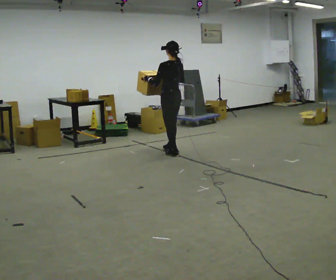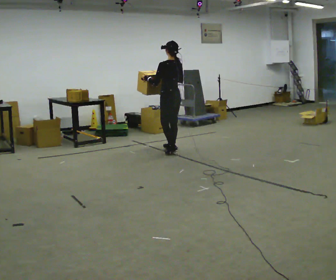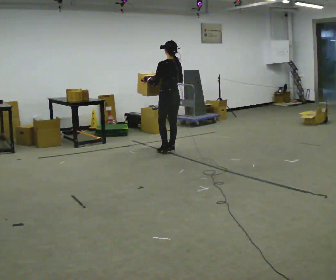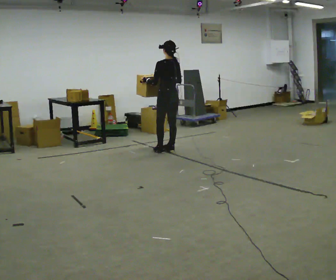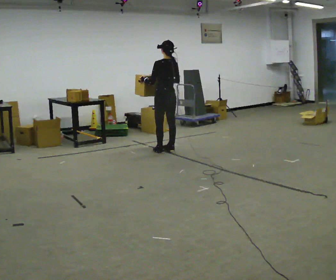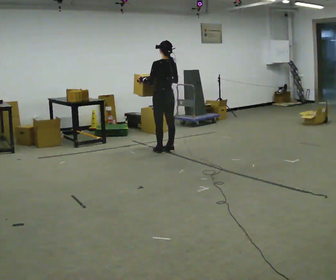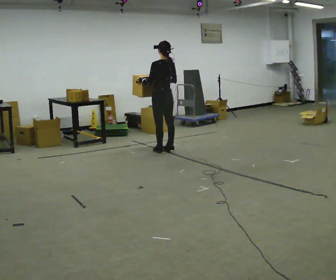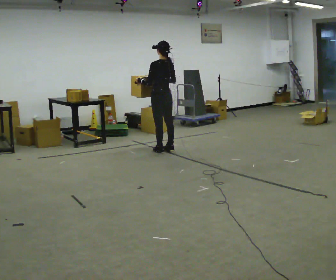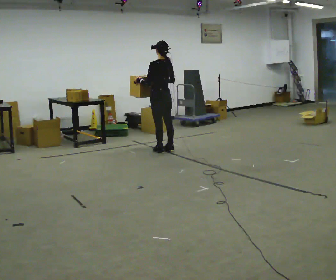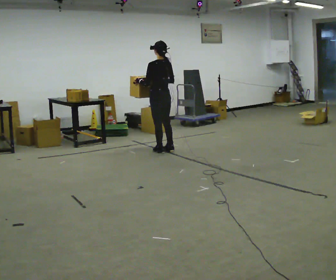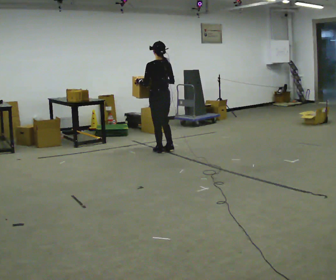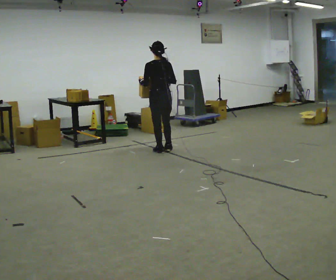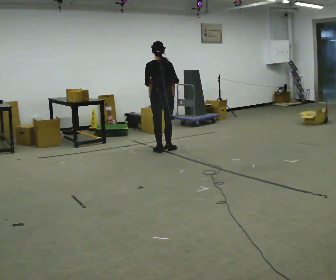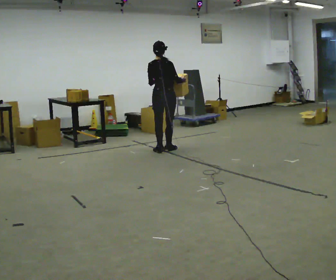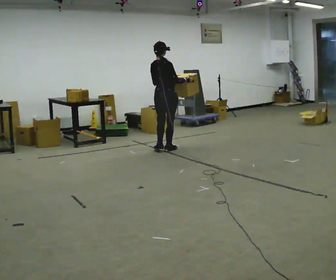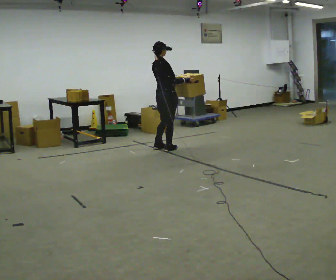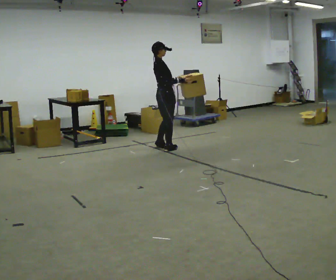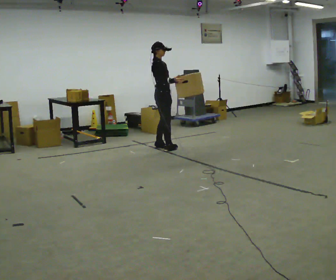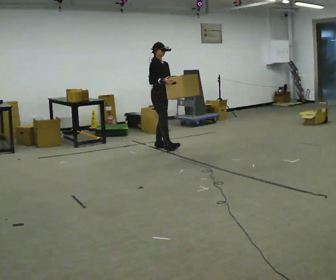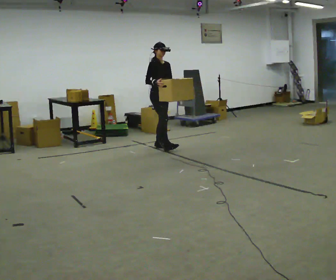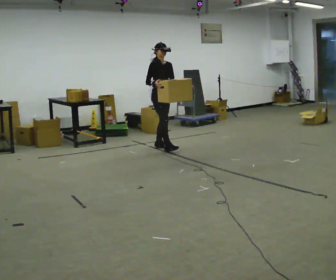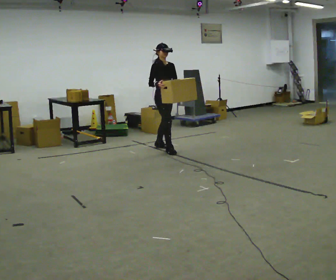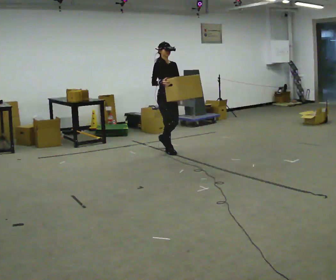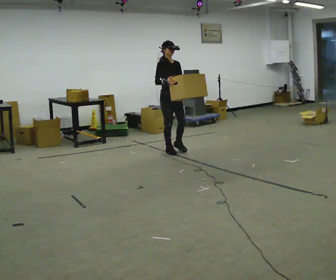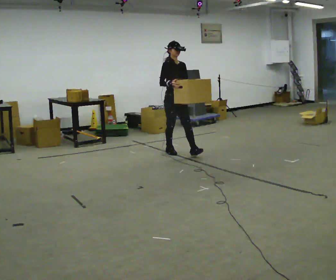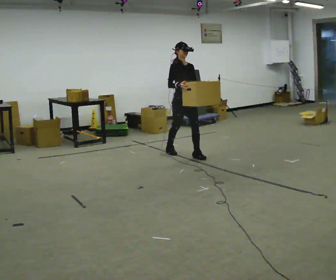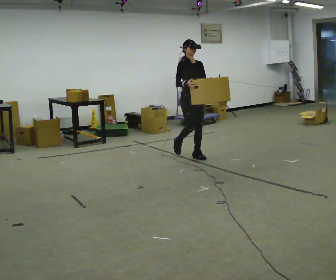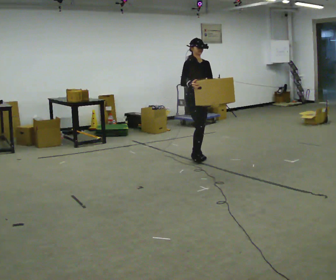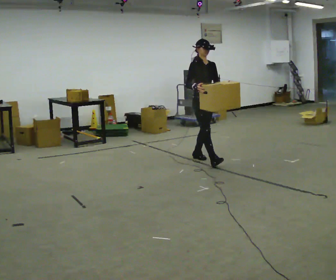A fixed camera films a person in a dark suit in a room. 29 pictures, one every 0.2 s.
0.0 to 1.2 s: The person moves a little, or ends about where they began.
1.2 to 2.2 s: The person turns about 30 degrees to their right, clockwise seen from above, so the part of the body nearest the lens slides to the left.
2.2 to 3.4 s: The person turns about 105 degrees to their right, clockwise seen from above, so the part of the body nearest the lens slides to the left. In the picture they go away from the camera, about 0.25 m in 1 step.
3.4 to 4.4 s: Seen from above the body turns clockwise, about 45 degrees: to their right, with its near side sliding to the left. In the picture they go toward the camera, about 0.25 m, which for them is forward.
4.4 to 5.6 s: In the picture they go toward the camera and to the right, about 1 m in 1 step, which for them is forward.
The film runs forward here.
